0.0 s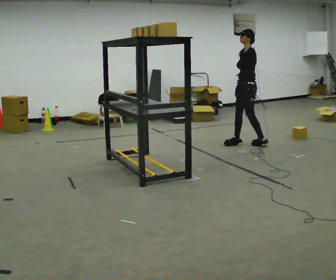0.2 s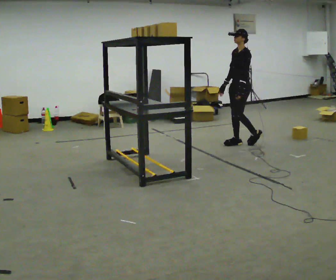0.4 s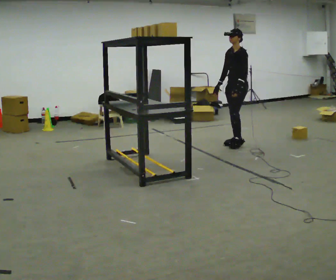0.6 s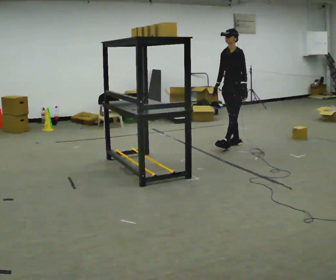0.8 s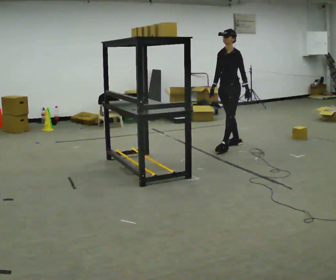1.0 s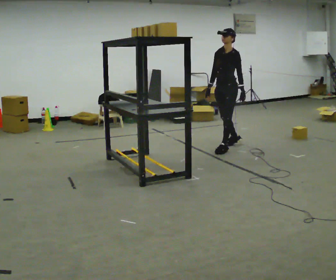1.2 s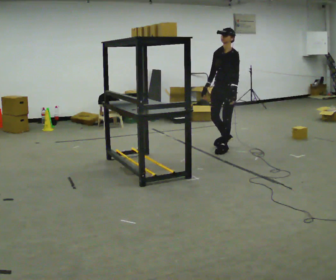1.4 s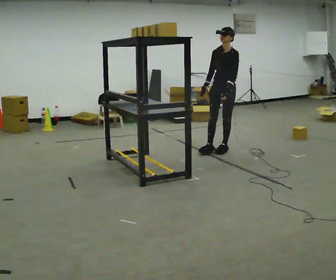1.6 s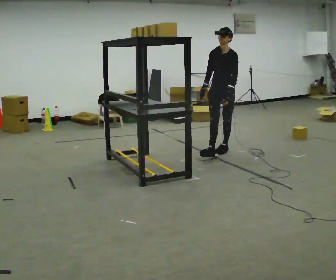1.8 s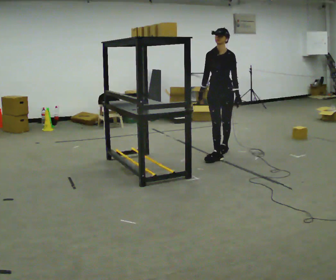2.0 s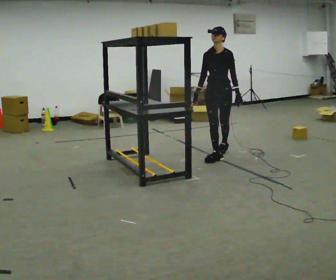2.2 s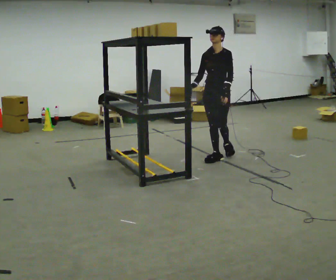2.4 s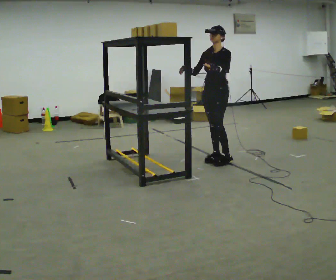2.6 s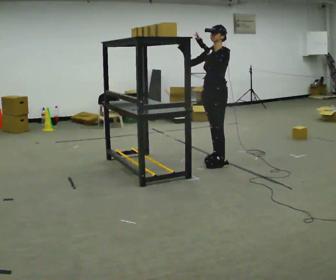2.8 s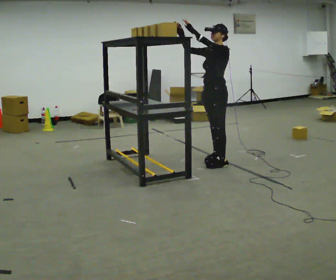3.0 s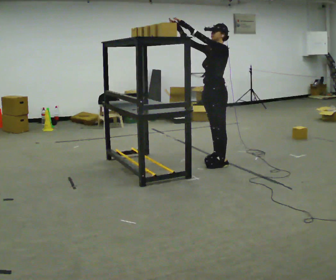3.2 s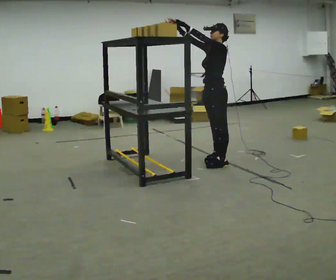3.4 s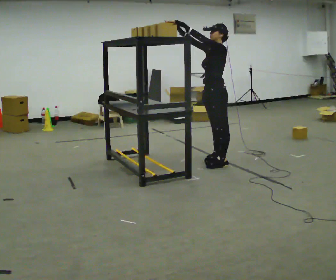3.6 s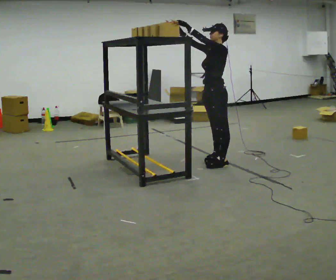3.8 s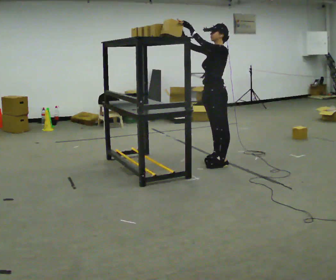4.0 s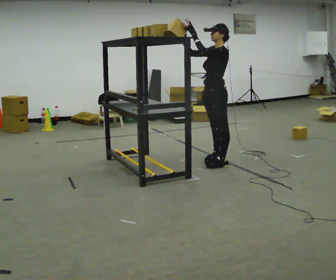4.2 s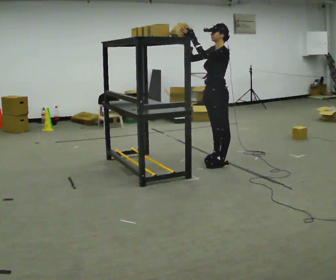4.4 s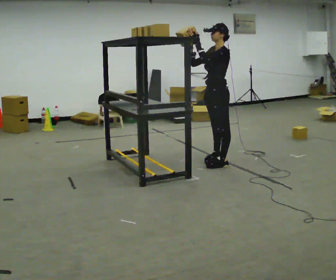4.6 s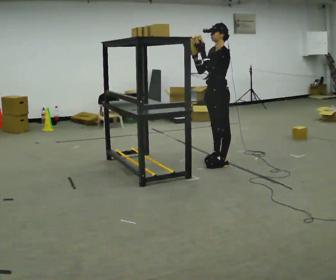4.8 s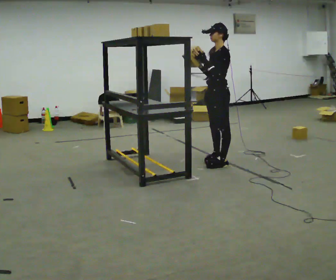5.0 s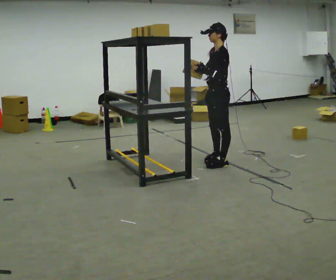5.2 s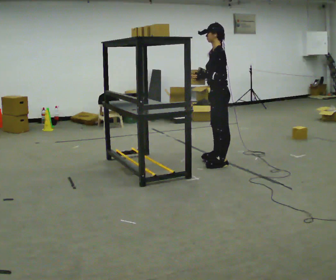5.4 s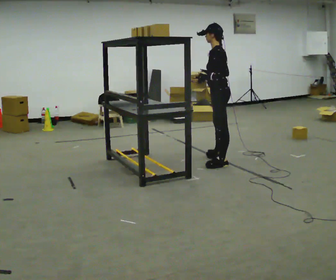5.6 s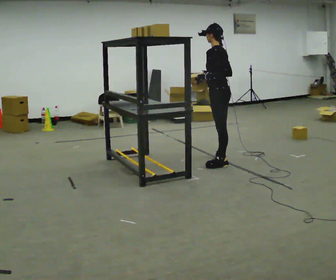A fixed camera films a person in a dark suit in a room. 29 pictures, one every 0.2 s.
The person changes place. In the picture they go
toward the camera.
0.0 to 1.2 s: Seen from above the body turns counterclockwise, about 45 degrees: to their left, with its near side sliding to the right. In the picture they go to the left and toward the camera, about 0.5 m in 1 step, which for them is forward.
1.2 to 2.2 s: In the picture they go toward the camera, about 0.5 m in 1 step, which for them is forward.
2.2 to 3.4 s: The person turns about 45 degrees to their right, clockwise seen from above, so the part of the body nearest the lens slides to the left. In the picture they go toward the camera, about 0.25 m in 1 step, which for them is to their left and forward. In the picture their left hand goes upward.
3.4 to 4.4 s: The person moves a little, or ends about where they began.
4.4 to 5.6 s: The person turns about 45 degrees to their right, clockwise seen from above, so the part of the body nearest the lens slides to the left.
The film runs forward here.
